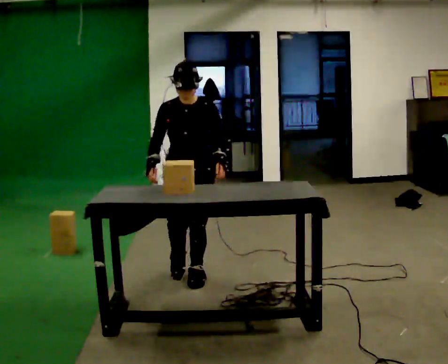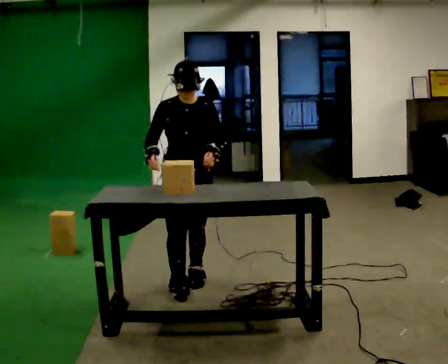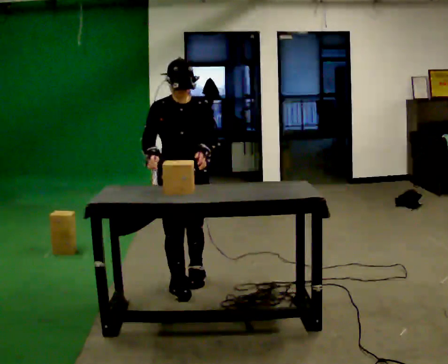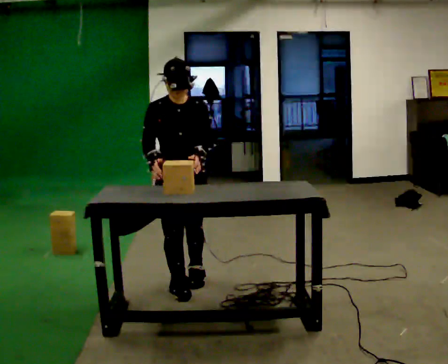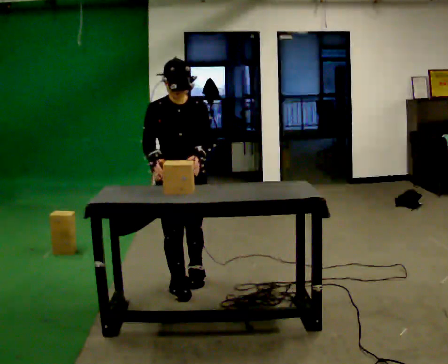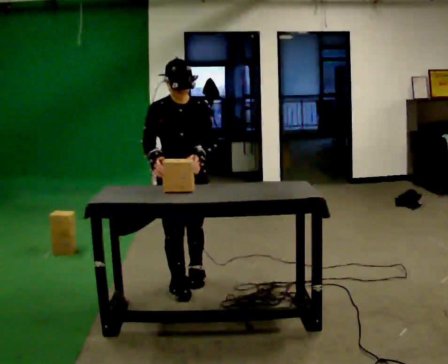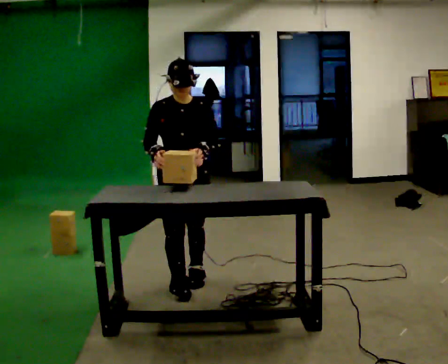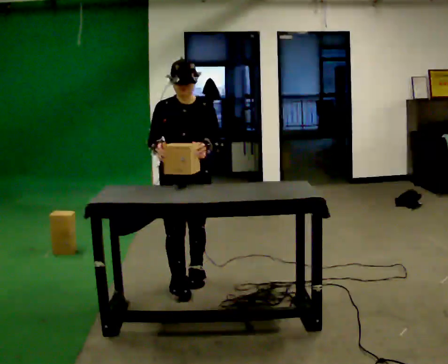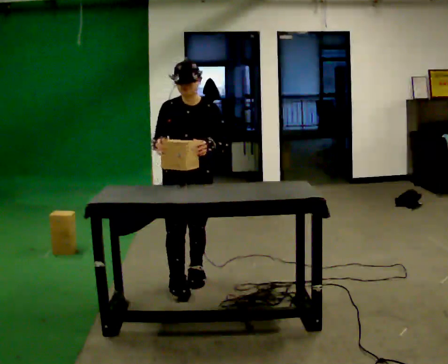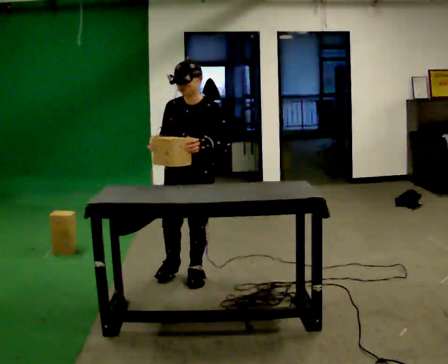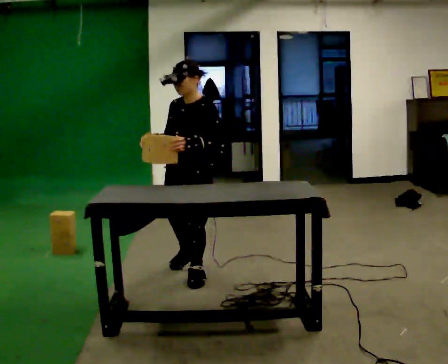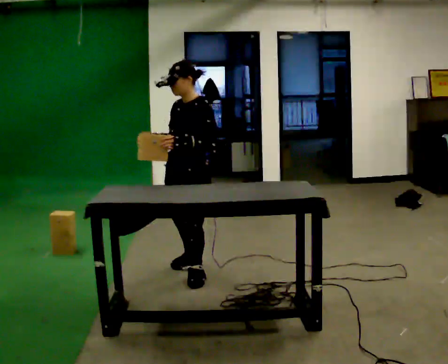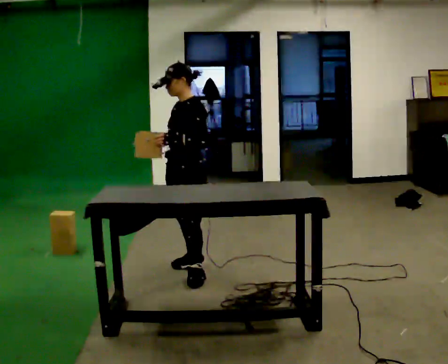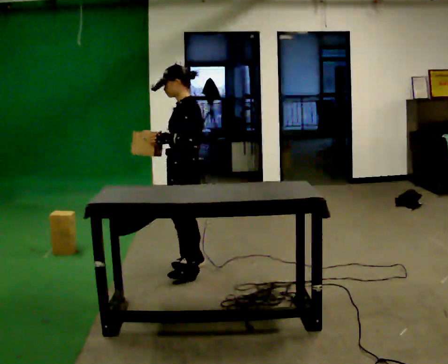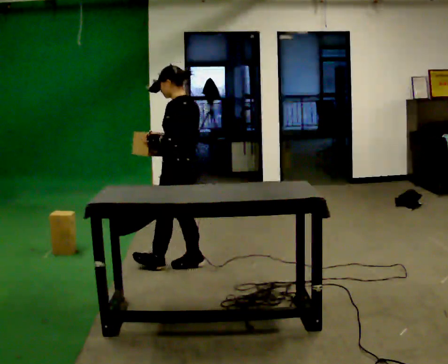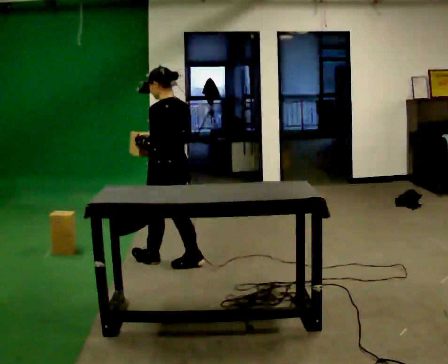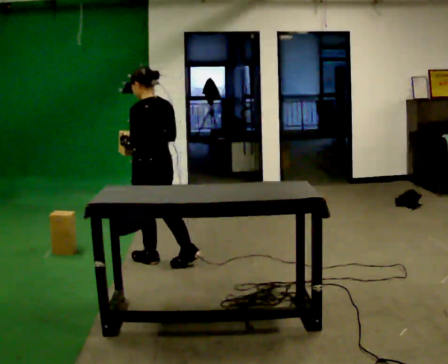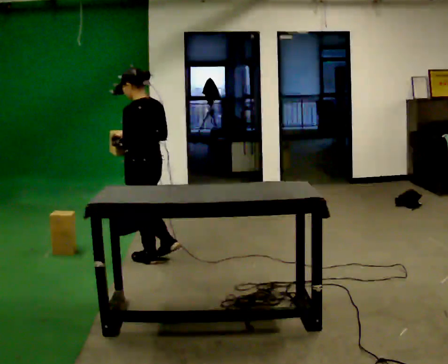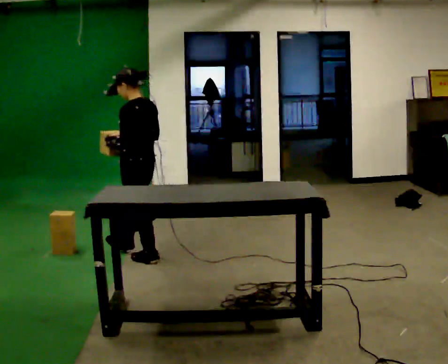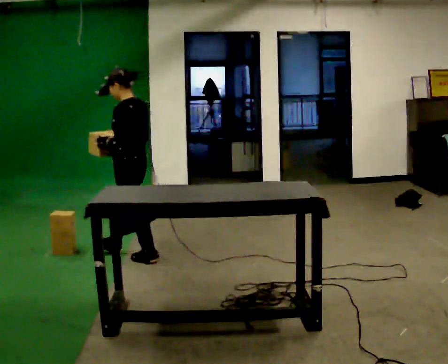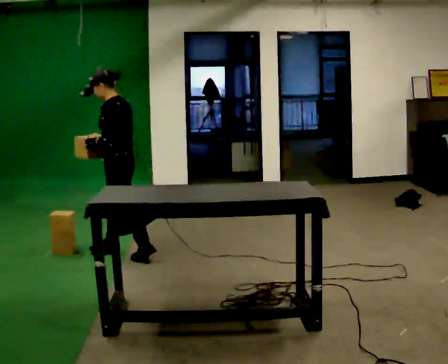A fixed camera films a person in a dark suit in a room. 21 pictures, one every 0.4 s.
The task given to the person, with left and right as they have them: Bring the boxes over one at a time and stack them on top of each other, walking back for each one. Keep going until the operator says stop; one object at a time, and do not rush between trips.
0.0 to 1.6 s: In the picture they go toward the camera, about 0.25 m in 1 step, which for them is forward.
1.6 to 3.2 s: The person moves a little, or ends about where they began.
3.2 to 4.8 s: The person turns about 60 degrees to their right, clockwise seen from above, so the part of the body nearest the lens slides to the left. In the picture they go away from the camera, about 0.25 m in 1 step.
4.8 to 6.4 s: The person turns about 60 degrees to their right, clockwise seen from above, so the part of the body nearest the lens slides to the left. In the picture they go to the left and away from the camera, about 0.25 m in 1 step.
6.4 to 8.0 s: The part of the body nearest the lens slides to the right as the person turns to their left by about 30 degrees. In the picture they go to the left and away from the camera, about 0.25 m in 1 step, which for them is forward.
The film runs forward here.
